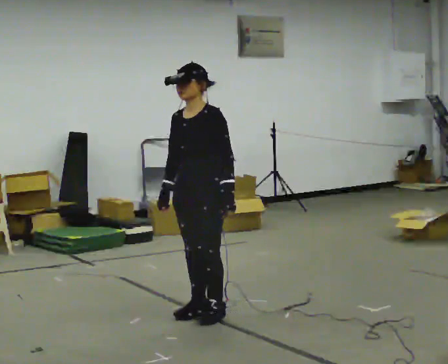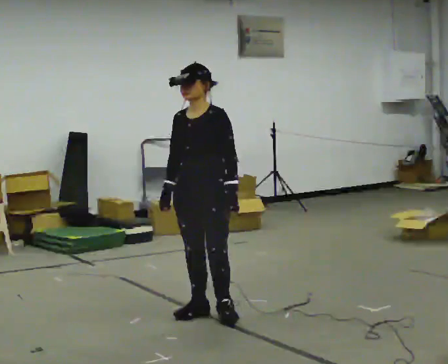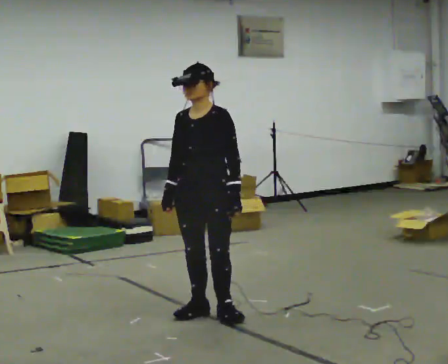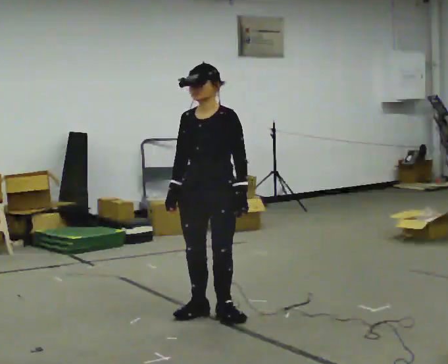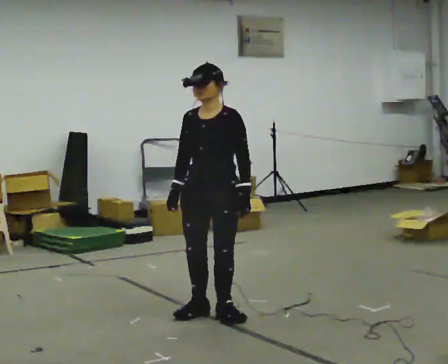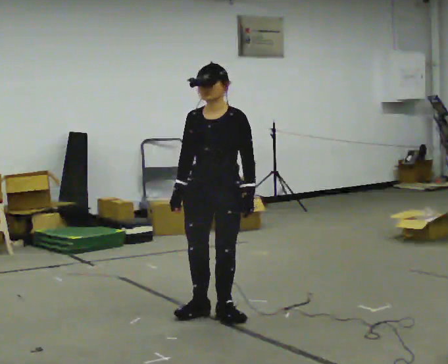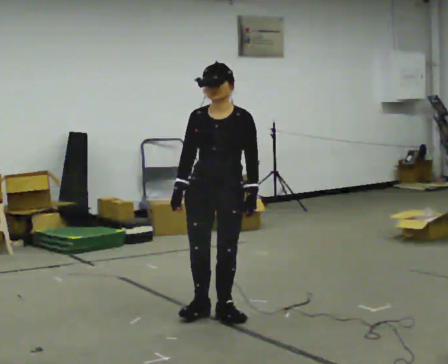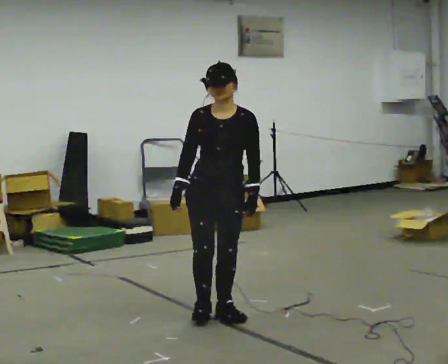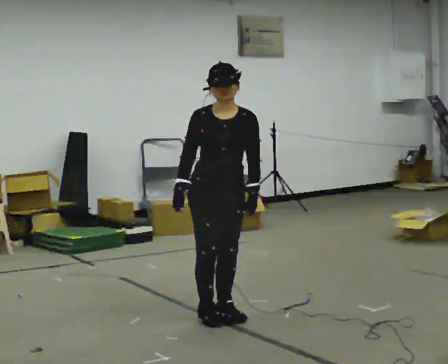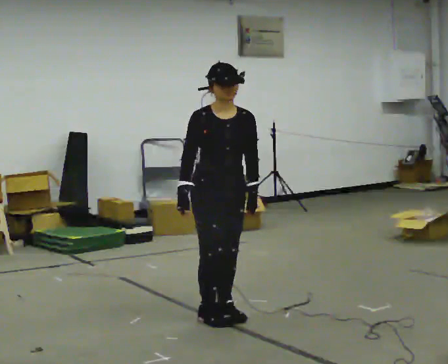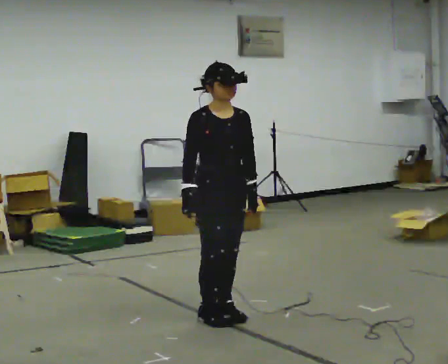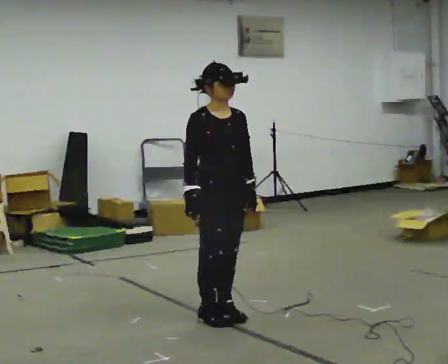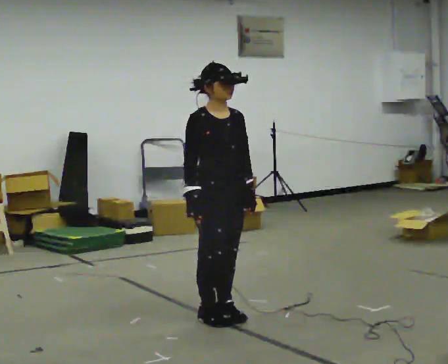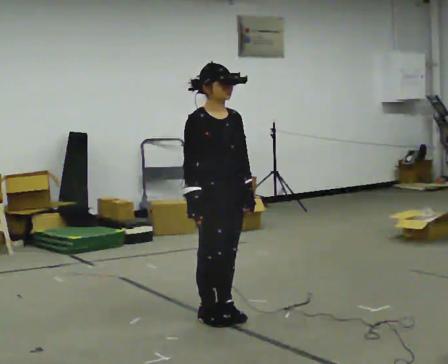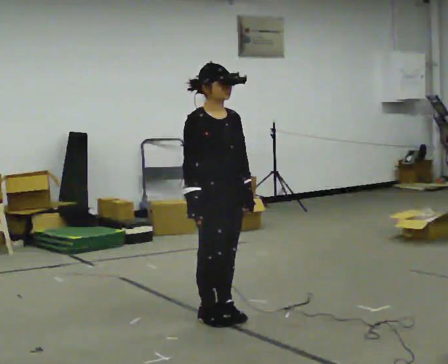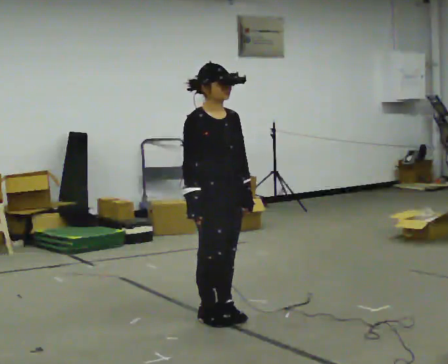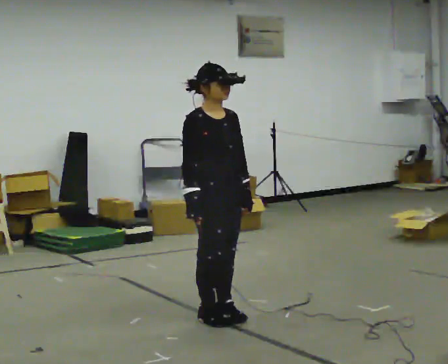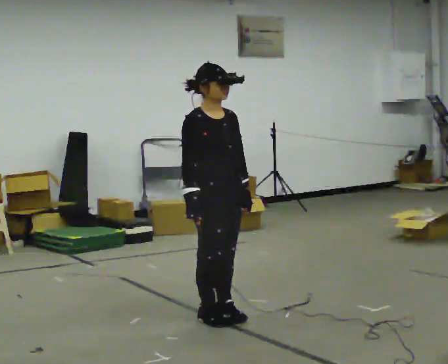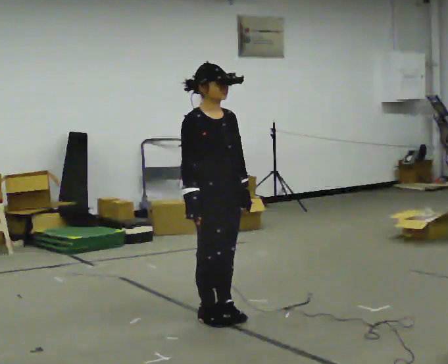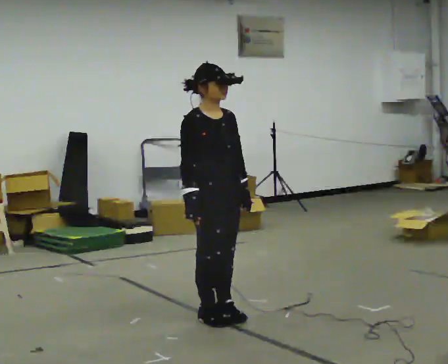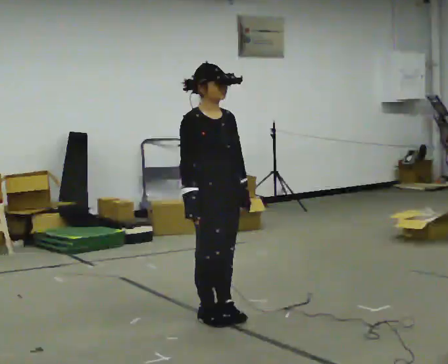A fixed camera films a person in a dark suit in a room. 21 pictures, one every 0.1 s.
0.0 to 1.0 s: The part of the body nearest the lens slides to the right as the person turns to their left by about 75 degrees.
1.0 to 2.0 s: The person moves a little, or ends about where they began.
The film runs backward here.
